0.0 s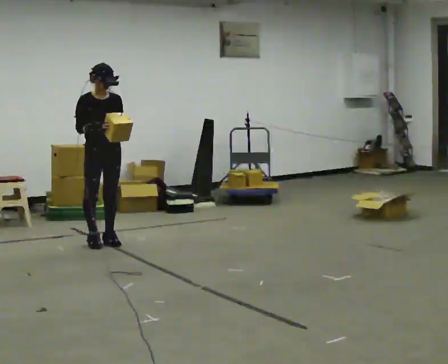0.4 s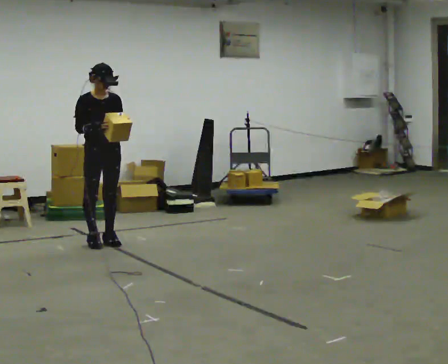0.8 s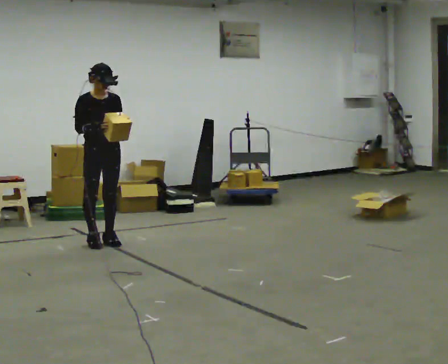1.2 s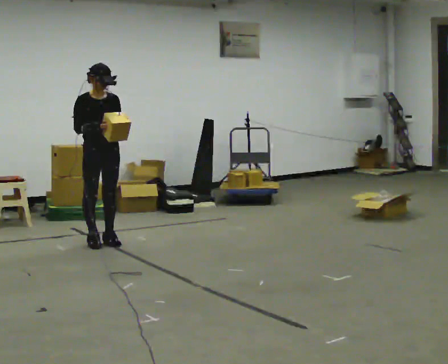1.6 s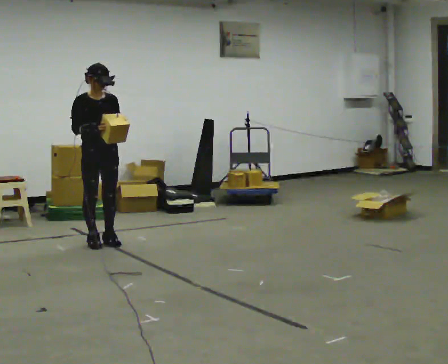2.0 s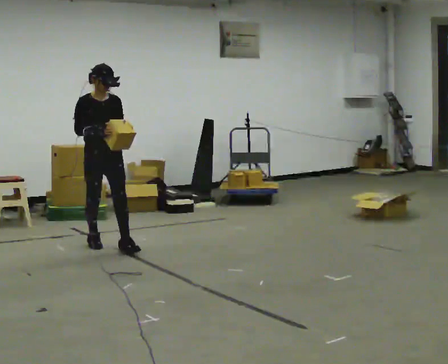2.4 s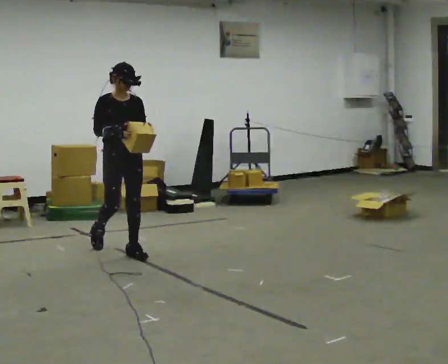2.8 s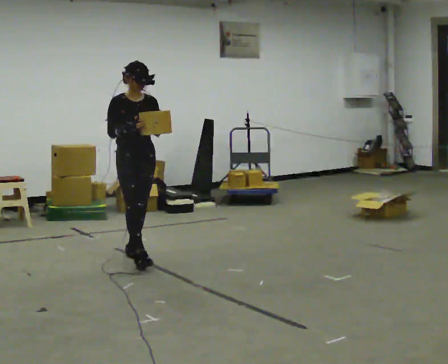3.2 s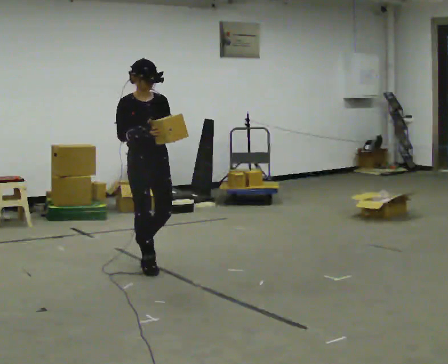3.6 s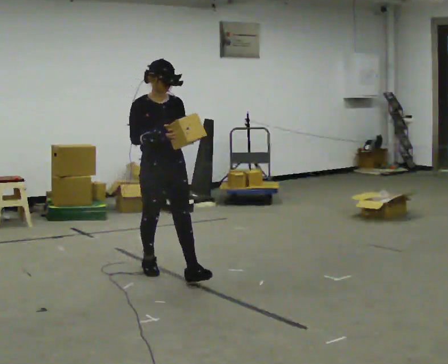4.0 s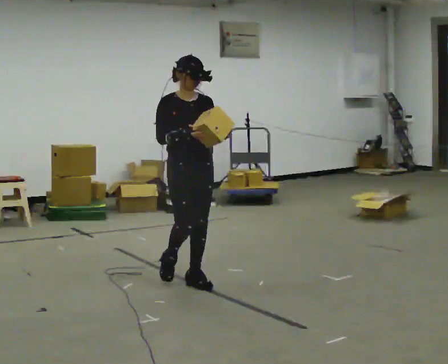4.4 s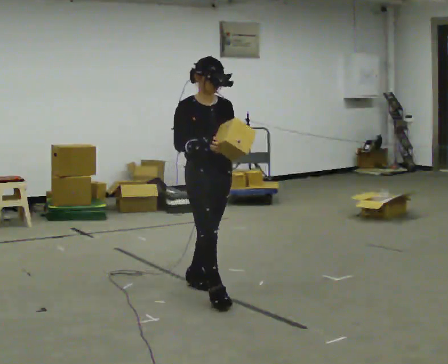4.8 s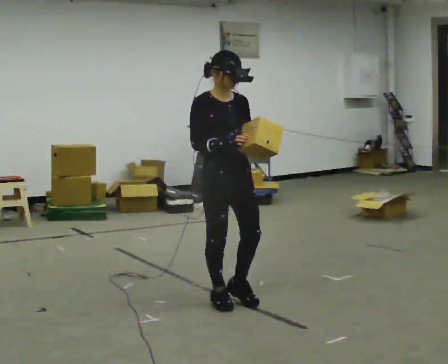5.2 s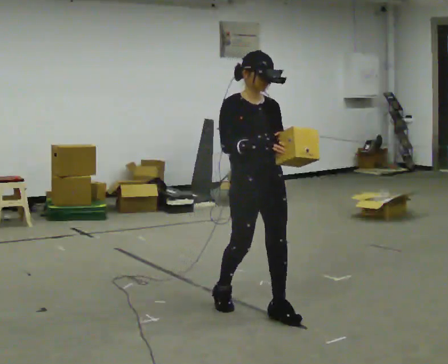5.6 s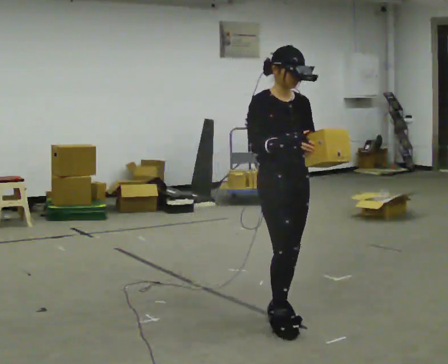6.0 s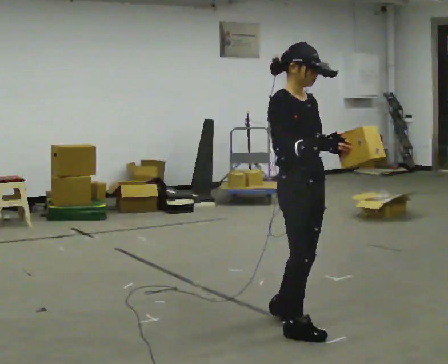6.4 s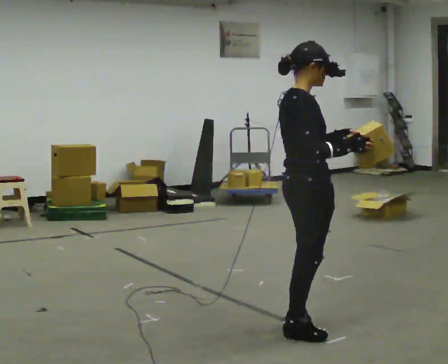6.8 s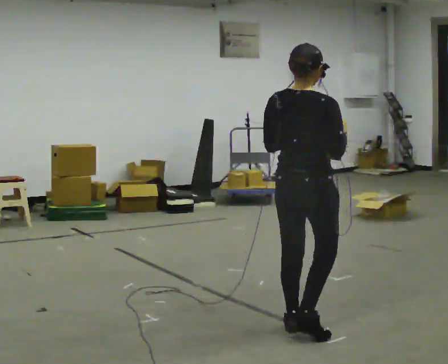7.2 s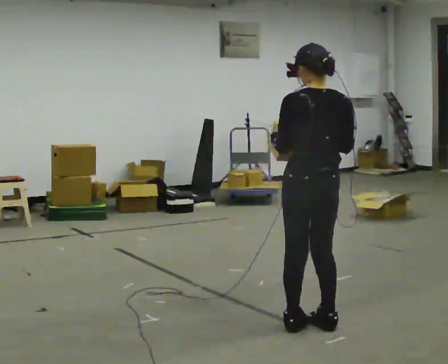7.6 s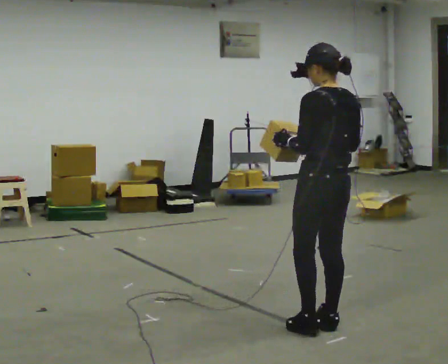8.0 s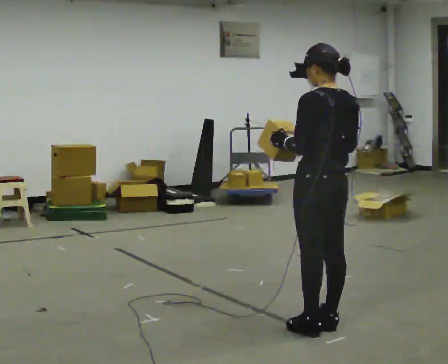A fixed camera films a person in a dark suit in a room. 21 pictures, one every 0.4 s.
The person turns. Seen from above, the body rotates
counterclockwise.
The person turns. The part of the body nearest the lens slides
to the right.
0.0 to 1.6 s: The person moves a little, or ends about where they began.
1.6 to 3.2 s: In the picture they go toward the camera and to the right, about 1 m in 2 steps, which for them is forward.
3.2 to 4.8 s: In the picture they go toward the camera and to the right, about 1 m in 2 steps, which for them is forward.
4.8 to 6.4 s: Seen from above the body turns counterclockwise, about 75 degrees: to their left, with its near side sliding to the right. In the picture they go toward the camera and to the right, about 0.75 m in 3 steps.
6.4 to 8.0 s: The part of the body nearest the lens slides to the right as the person turns to their left by about 105 degrees.
The film runs forward here.
